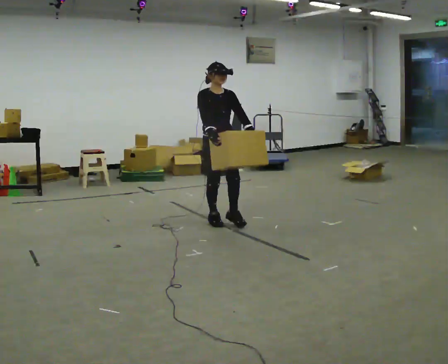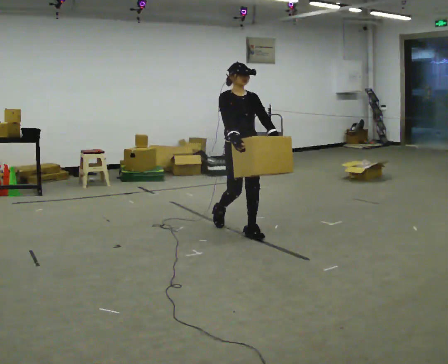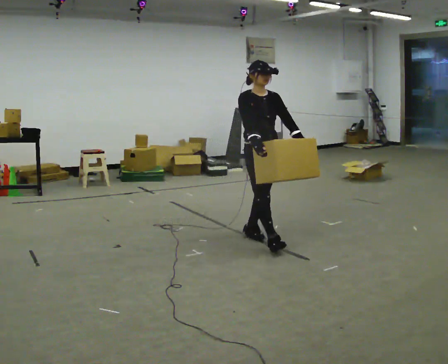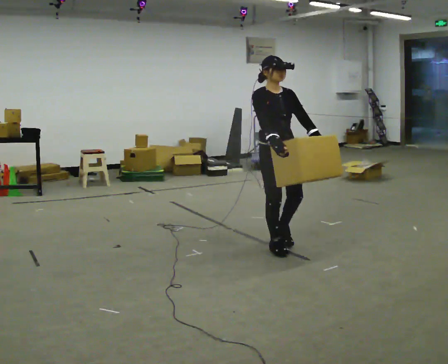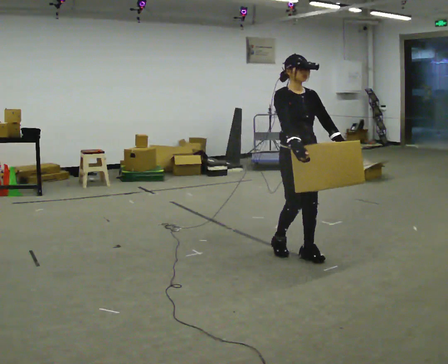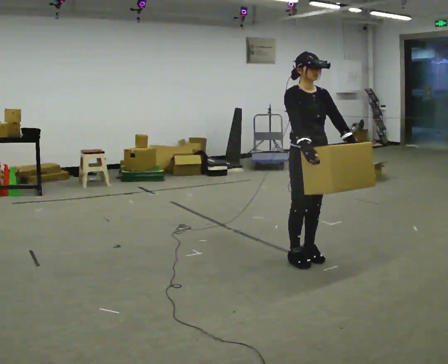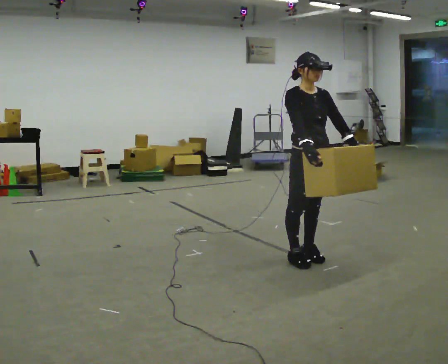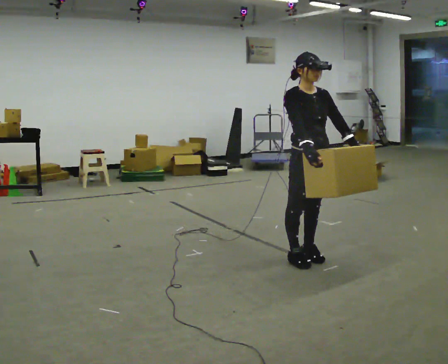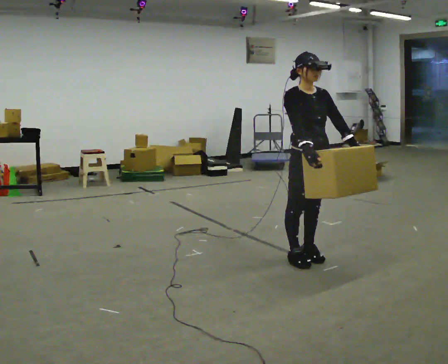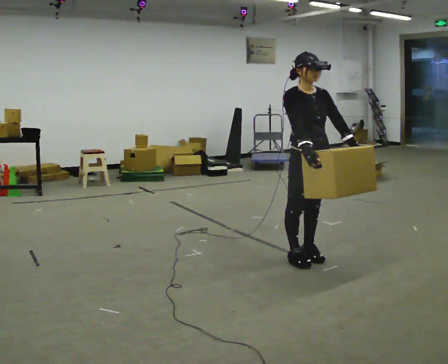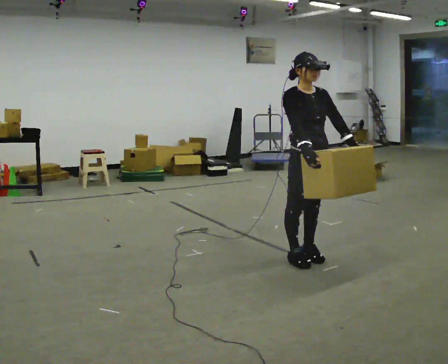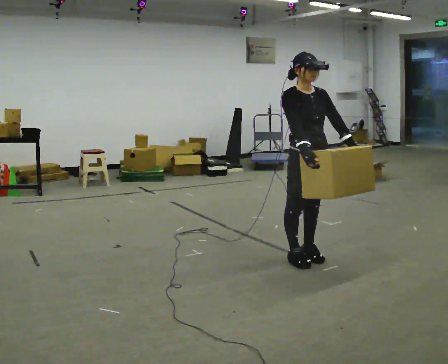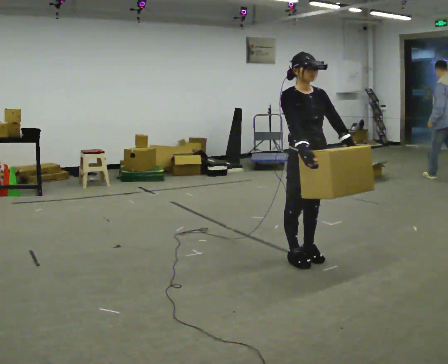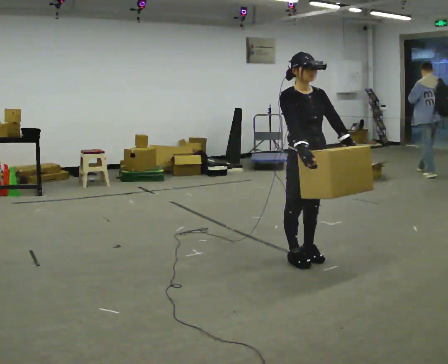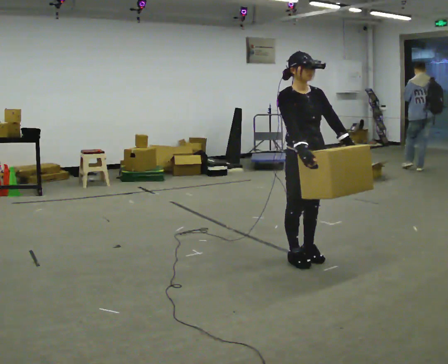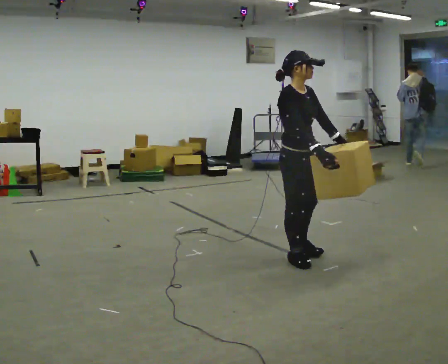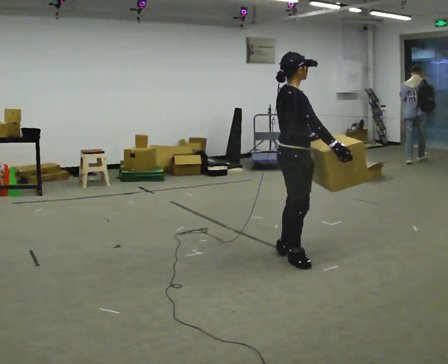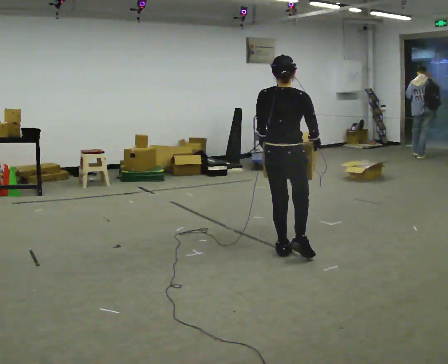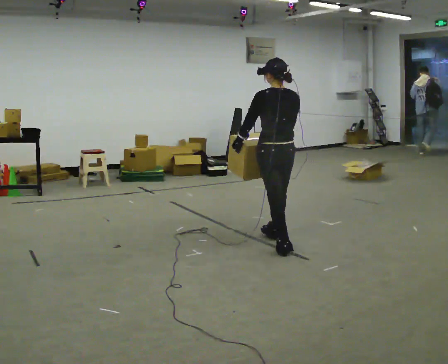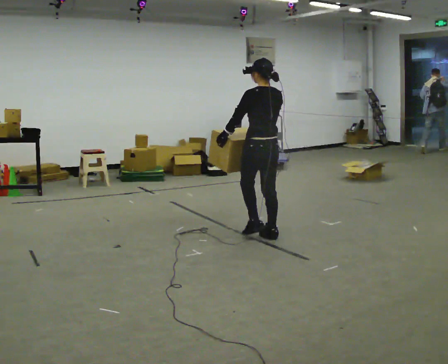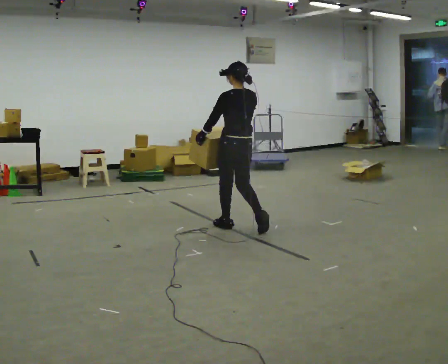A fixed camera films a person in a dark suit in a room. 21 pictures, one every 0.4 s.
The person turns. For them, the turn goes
to their left.
The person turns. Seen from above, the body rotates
counterclockwise.
0.0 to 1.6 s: In the picture they go to the right and toward the camera, about 1 m in 3 steps, which for them is forward.
1.6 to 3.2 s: The person moves a little, or ends about where they began.
3.2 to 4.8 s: The person keeps their place and pose.
4.8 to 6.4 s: Seen from above the body turns counterclockwise, about 75 degrees: to their left, with its near side sliding to the right.
6.4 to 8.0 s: The person turns about 105 degrees to their left, counterclockwise seen from above, so the part of the body nearest the lens slides to the right. In the picture they go away from the camera and to the left, about 1 m in 2 steps.
The film runs forward here.
